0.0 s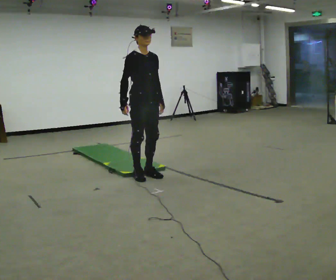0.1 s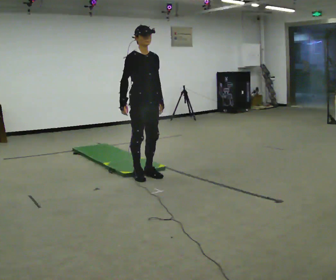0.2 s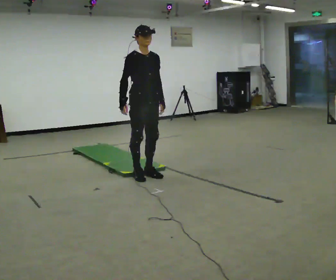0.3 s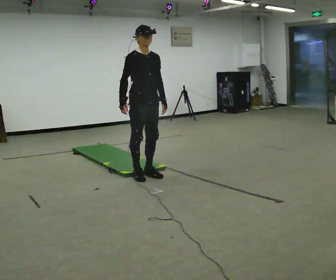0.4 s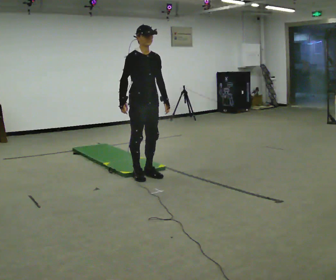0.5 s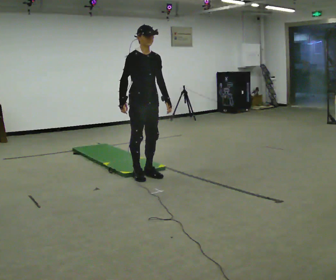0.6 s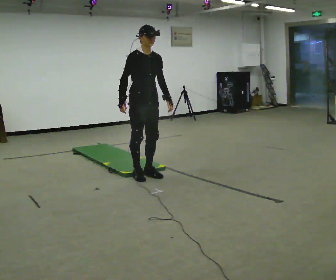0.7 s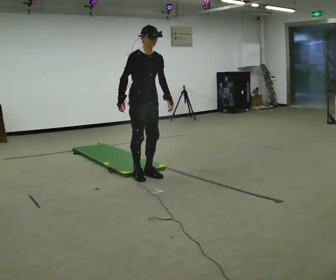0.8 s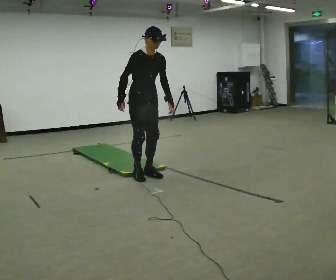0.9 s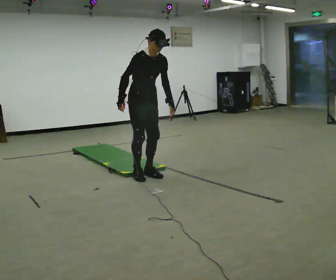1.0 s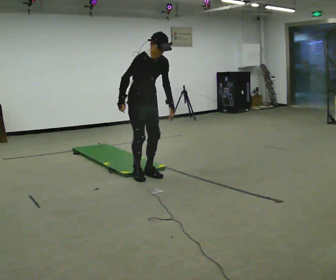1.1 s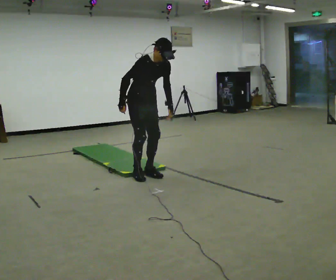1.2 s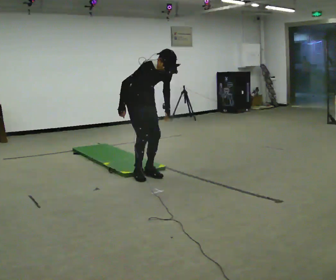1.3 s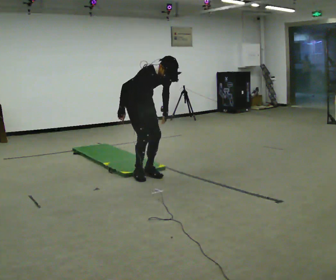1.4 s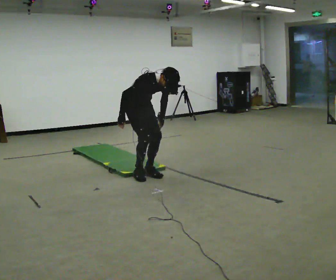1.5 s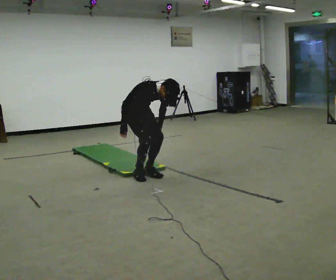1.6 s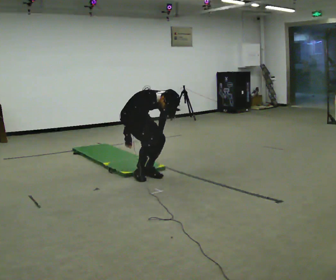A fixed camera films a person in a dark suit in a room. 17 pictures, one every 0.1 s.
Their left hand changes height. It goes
downward.
The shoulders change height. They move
downward.
0.0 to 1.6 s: In the picture they go away from the camera, about 0.25 m, which for them is backward. The shoulders move downward. The upper body tips toward the camera, its near side rolling downward, as they bend forward. In the picture their left hand goes downward.
The film runs backward here.
